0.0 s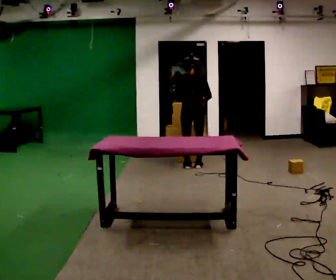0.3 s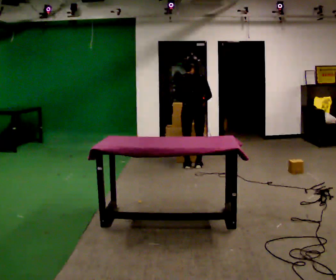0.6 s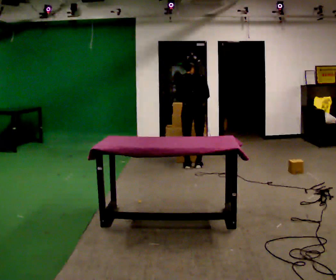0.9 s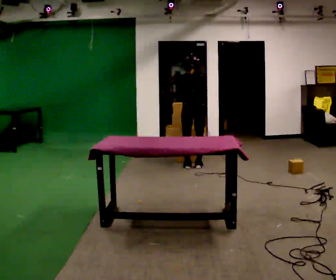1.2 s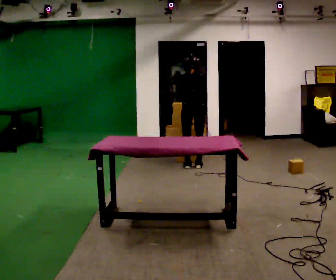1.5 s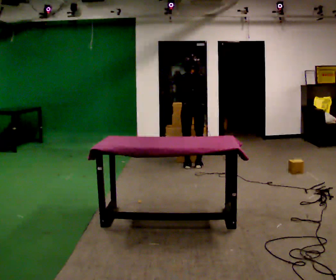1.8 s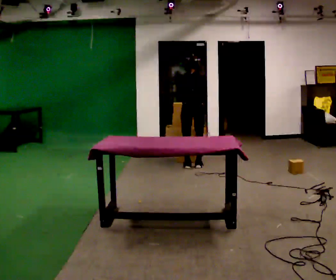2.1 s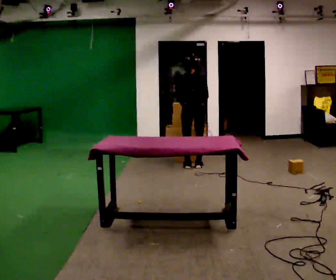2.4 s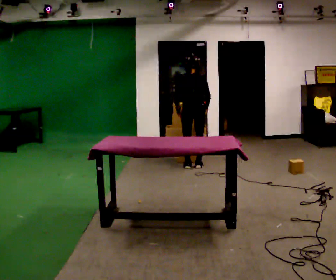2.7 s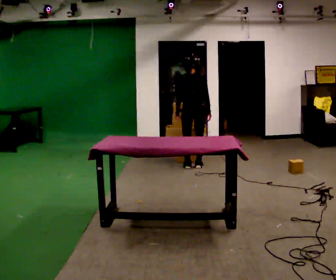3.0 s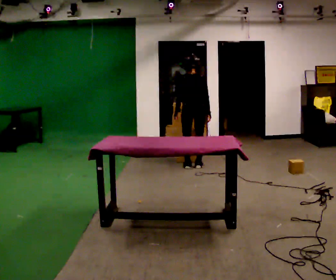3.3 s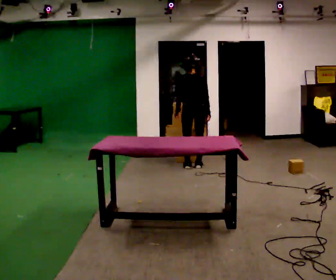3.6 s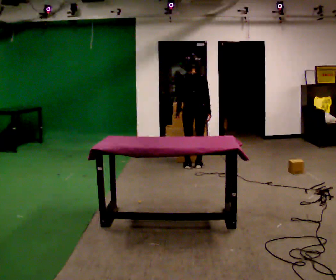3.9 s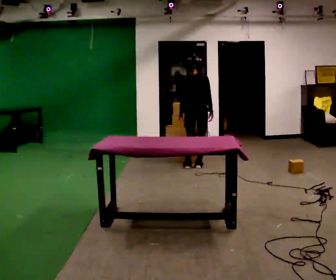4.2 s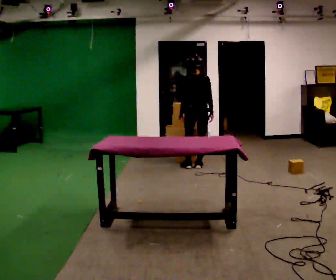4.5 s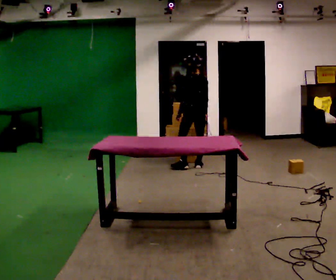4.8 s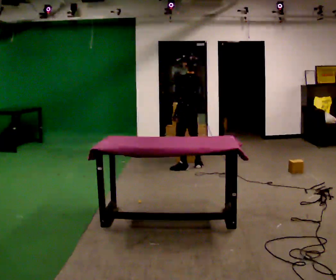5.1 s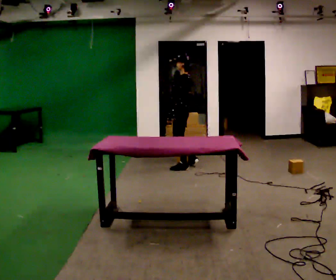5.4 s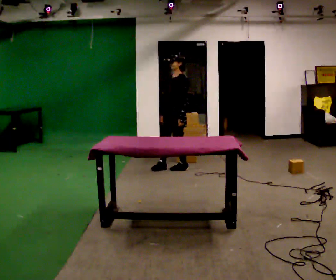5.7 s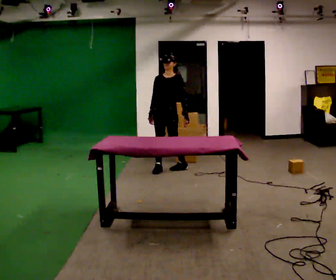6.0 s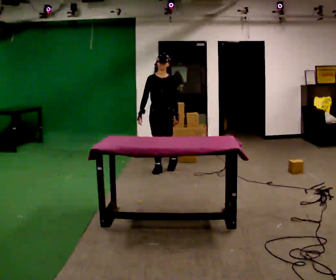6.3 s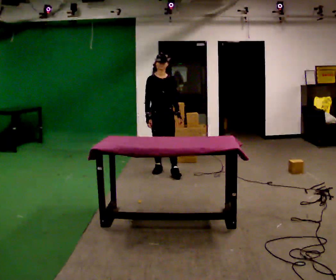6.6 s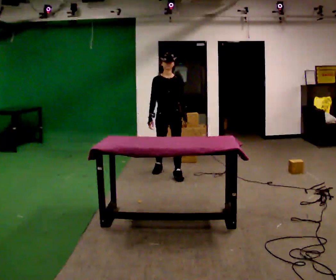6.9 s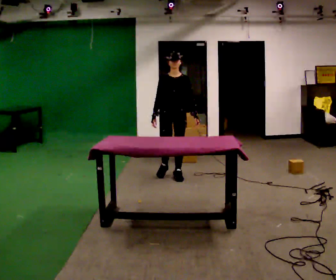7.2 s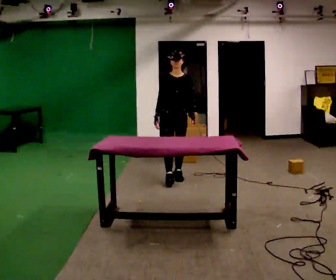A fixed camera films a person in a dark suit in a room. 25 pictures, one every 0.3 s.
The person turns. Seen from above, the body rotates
counterclockwise.
The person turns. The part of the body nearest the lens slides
to the right.
0.0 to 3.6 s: The person moves a little, or ends about where they began.
3.6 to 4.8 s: The person turns about 60 degrees to their left, counterclockwise seen from above, so the part of the body nearest the lens slides to the right.
4.8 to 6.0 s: Seen from above the body turns counterclockwise, about 135 degrees: to their left, with its near side sliding to the right. In the picture they go to the left and toward the camera, about 0.5 m in 1 step.
6.0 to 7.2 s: In the picture they go toward the camera and to the right, about 0.5 m in 1 step, which for them is forward and to their left.
The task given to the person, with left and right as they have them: 1. The operator will tell you the shelf is already sorted and just needs moving to the table. 2. Do what you think is right. 3. Tell the operator when you are finished.
The film runs forward here.
